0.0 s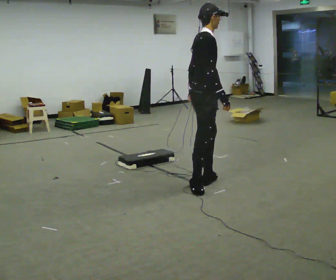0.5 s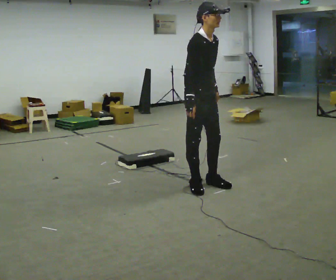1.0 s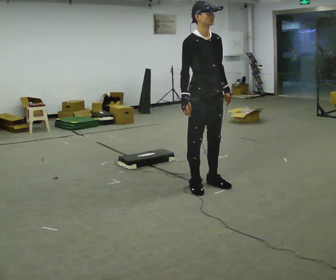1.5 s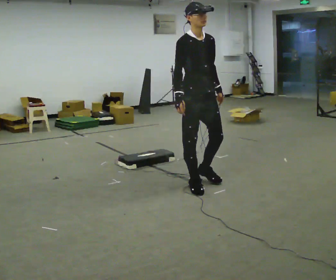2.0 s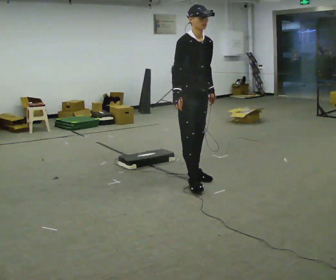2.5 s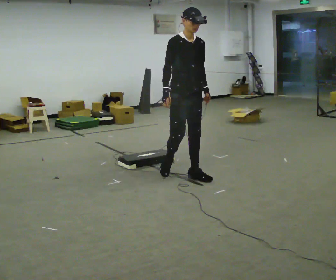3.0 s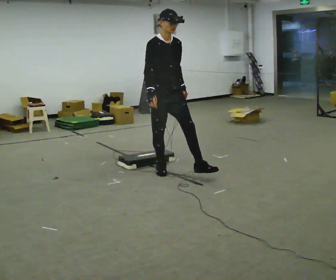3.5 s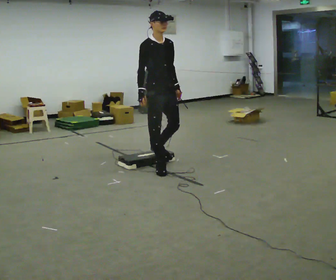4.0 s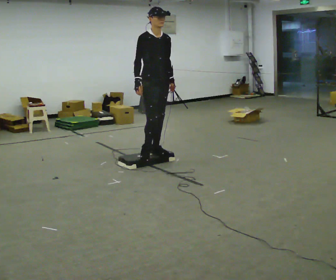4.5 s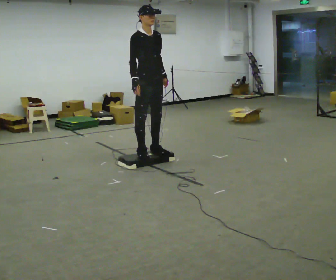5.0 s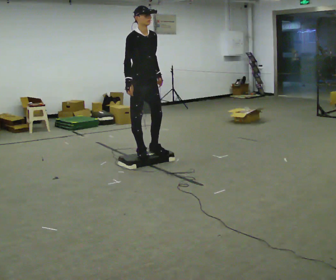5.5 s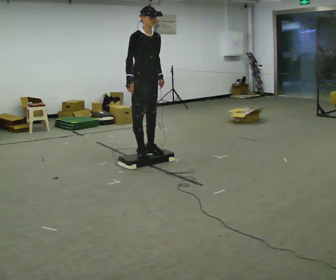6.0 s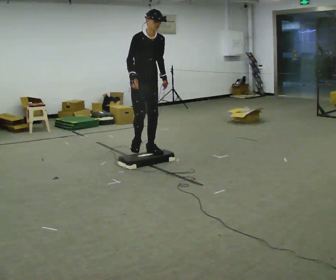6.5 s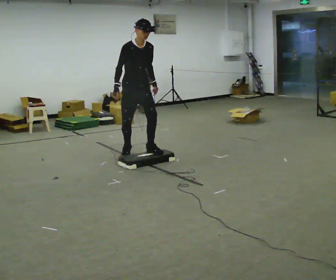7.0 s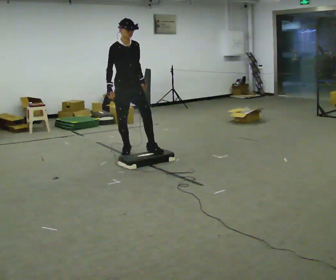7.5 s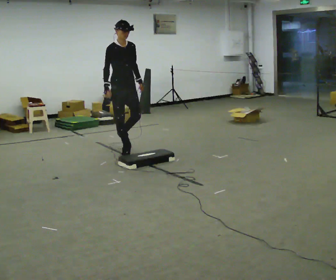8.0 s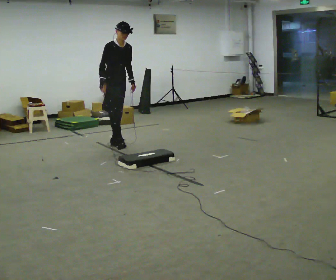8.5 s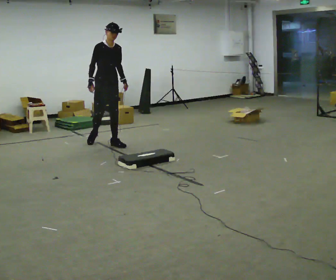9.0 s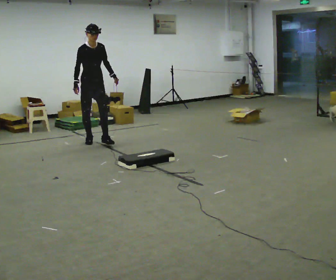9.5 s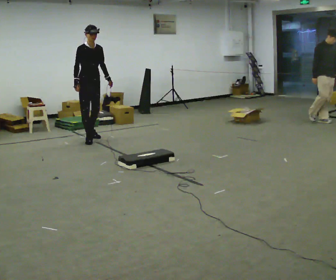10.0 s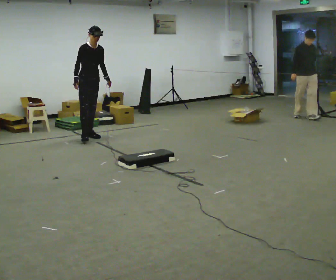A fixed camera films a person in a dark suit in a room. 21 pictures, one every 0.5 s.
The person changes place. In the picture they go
away from the camera.
0.0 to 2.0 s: The person turns about 60 degrees to their right, clockwise seen from above, so the part of the body nearest the lens slides to the left. In the picture they go away from the camera, about 0.25 m in 1 step. In the picture their right hand goes to the left.
2.0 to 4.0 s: In the picture they go away from the camera and to the left, about 1 m in 3 steps, which for them is backward.
4.0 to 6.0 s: In the picture they go away from the camera, about 0.25 m in 1 step, which for them is backward.
6.0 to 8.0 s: In the picture they go away from the camera and to the left, about 1 m in 2 steps, which for them is backward.
8.0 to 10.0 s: In the picture they go away from the camera and to the left, about 1 m in 2 steps, which for them is backward.
The film runs backward here.
